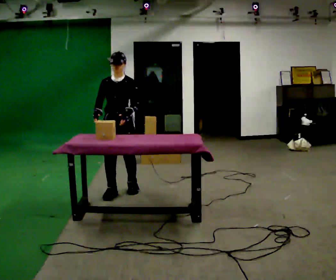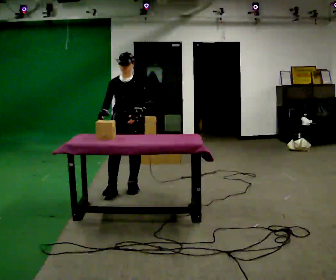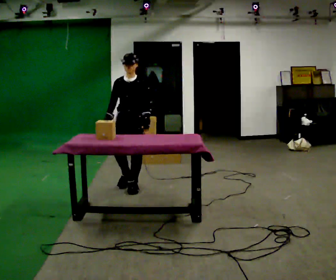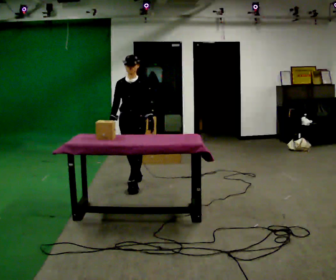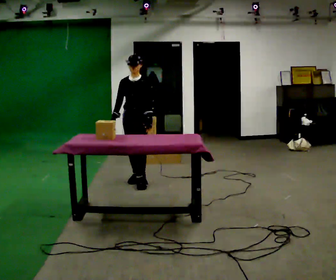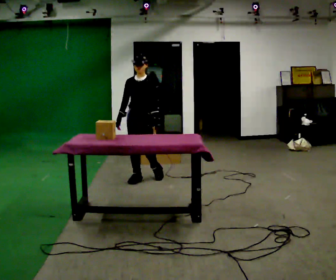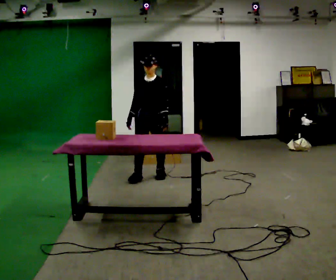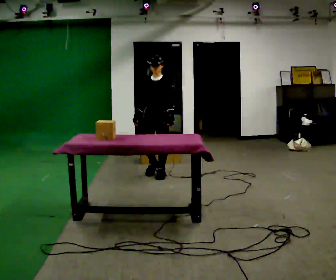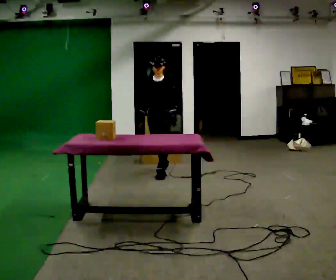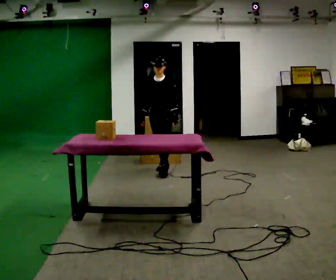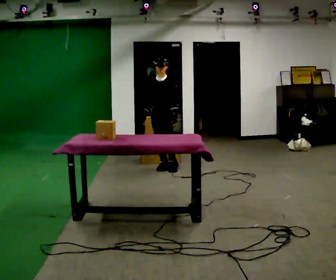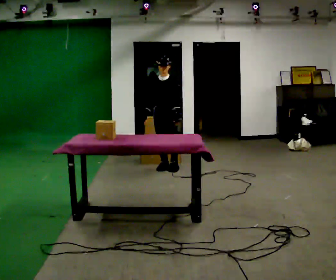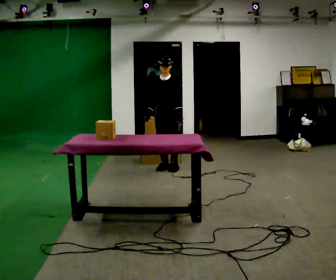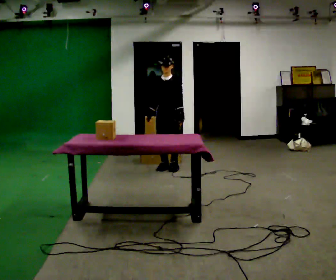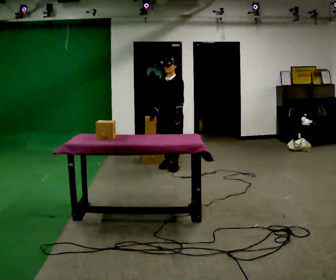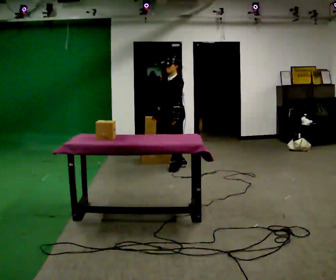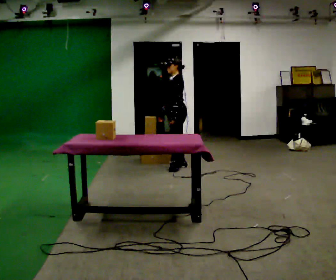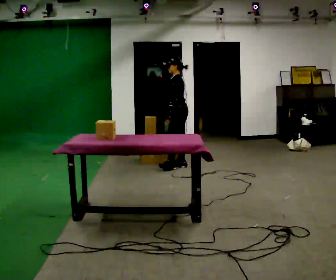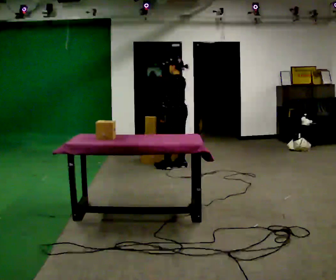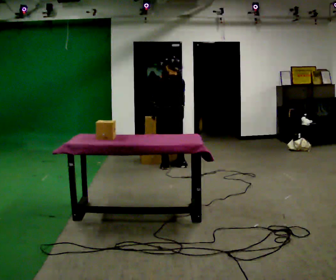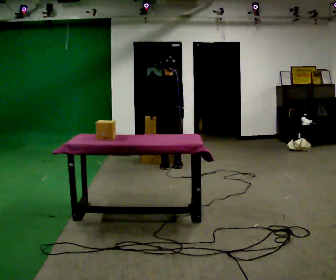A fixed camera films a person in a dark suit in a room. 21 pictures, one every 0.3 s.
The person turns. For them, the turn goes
to their right.
The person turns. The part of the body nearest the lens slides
to the left.
0.0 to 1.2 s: In the picture they go away from the camera, about 0.5 m in 2 steps, which for them is backward.
1.2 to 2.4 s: In the picture they go away from the camera and to the right, about 0.5 m in 1 step, which for them is backward.
2.4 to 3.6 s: In the picture they go away from the camera, about 0.25 m in 1 step, which for them is backward.
3.6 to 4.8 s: Seen from above the body turns clockwise, about 60 degrees: to their right, with its near side sliding to the left. In the picture they go to the right, about 0.25 m in 1 step, which for them is backward.
4.8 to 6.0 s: The part of the body nearest the lens slides to the left as the person turns to their right by about 90 degrees. In the picture their left hand goes to the left.
The film runs backward here.
